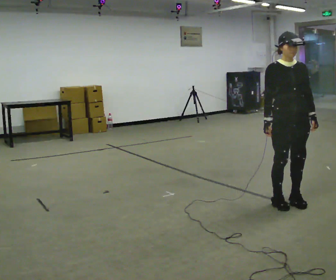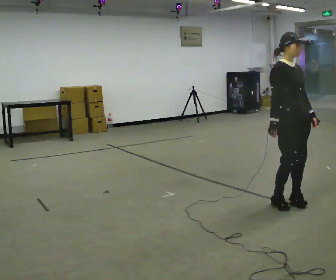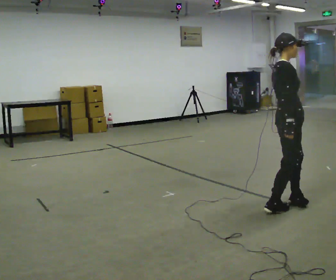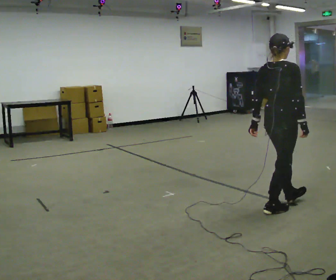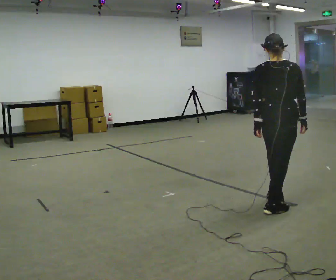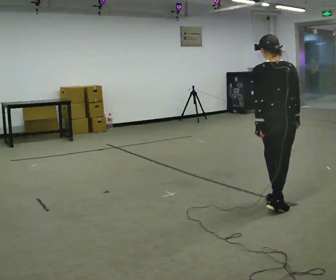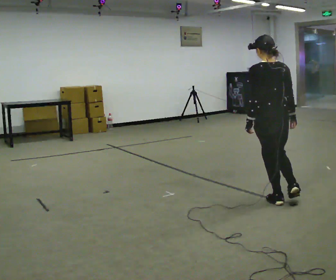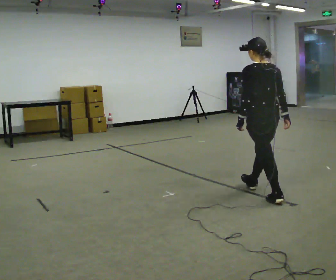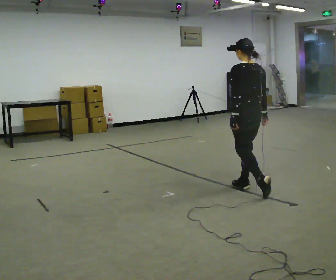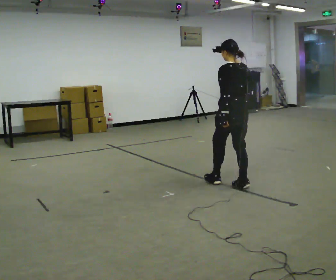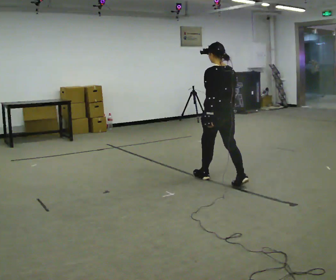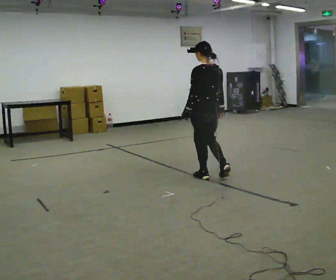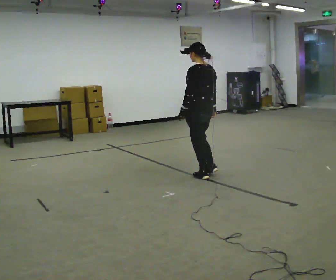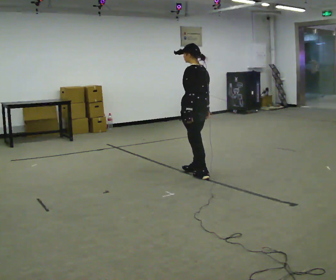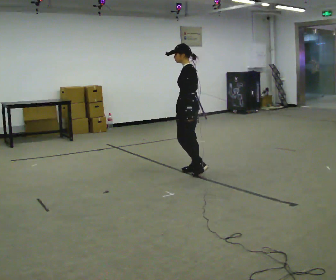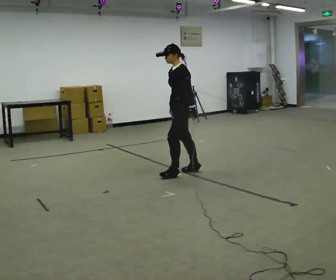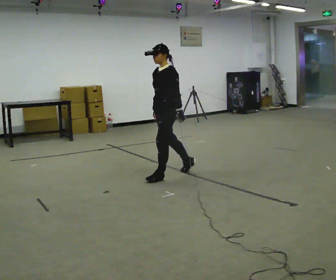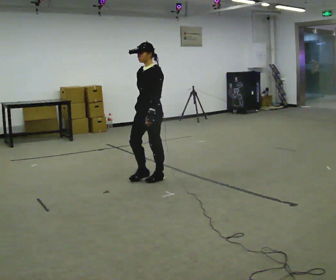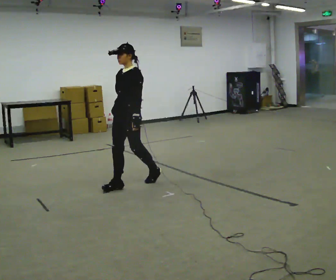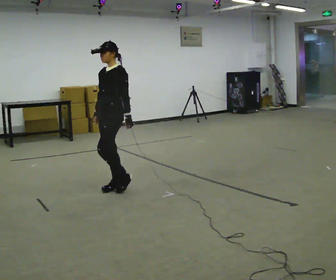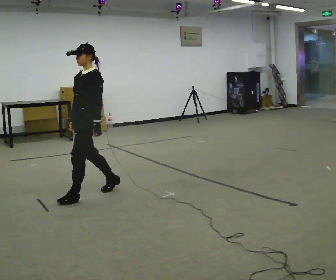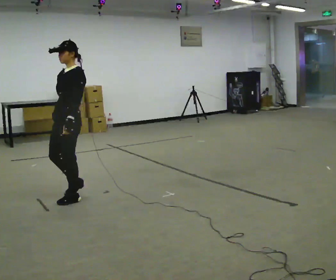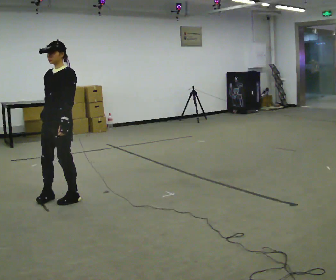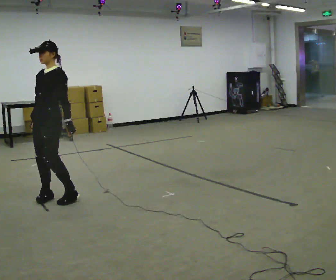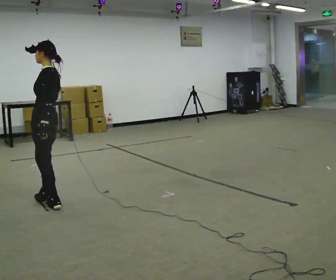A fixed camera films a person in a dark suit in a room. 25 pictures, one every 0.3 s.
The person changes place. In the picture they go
to the left.
0.0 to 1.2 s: The person turns about 150 degrees to their left, counterclockwise seen from above, so the part of the body nearest the lens slides to the right. In the picture their right hand goes to the right, the arm swinging counterclockwise.
1.2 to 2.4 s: Seen from above the body turns counterclockwise, about 60 degrees: to their left, with its near side sliding to the right. In the picture they go away from the camera, about 0.5 m in 1 step, which for them is forward.
2.4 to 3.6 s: In the picture they go away from the camera and to the left, about 0.75 m in 1 step, which for them is forward.
3.6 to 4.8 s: Seen from above the body turns counterclockwise, about 75 degrees: to their left, with its near side sliding to the right. In the picture they go to the left, about 0.5 m in 2 steps.
4.8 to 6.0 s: In the picture they go toward the camera and to the left, about 1 m in 2 steps, which for them is forward.
6.0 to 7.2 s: The part of the body nearest the lens slides to the left as the person turns to their right by about 30 degrees. In the picture they go to the left and toward the camera, about 0.25 m in 2 steps, which for them is forward.
The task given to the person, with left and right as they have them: Walk normally; turn left/right while slowing; after turn accelerate back to normal.
The film runs forward here.
